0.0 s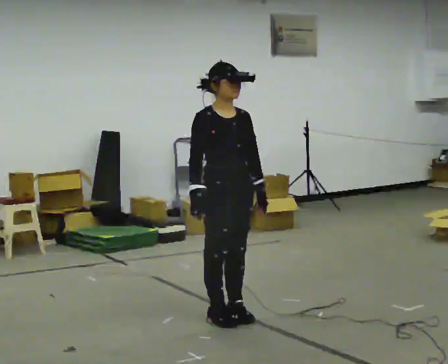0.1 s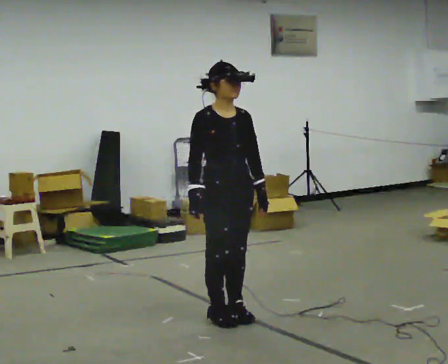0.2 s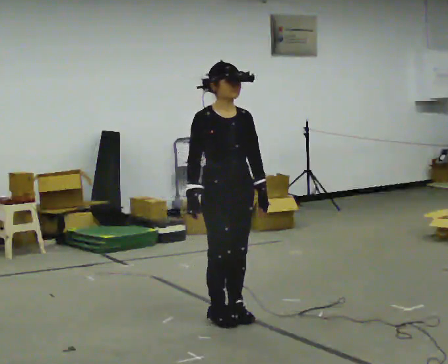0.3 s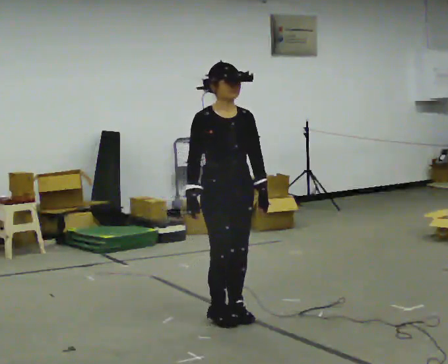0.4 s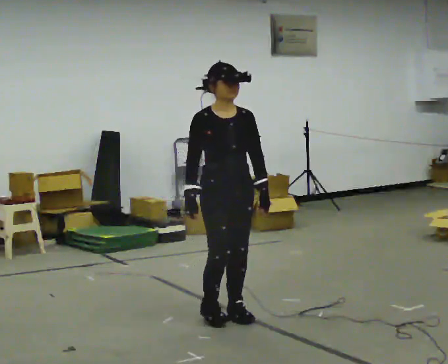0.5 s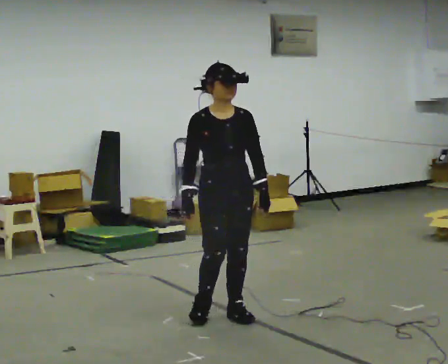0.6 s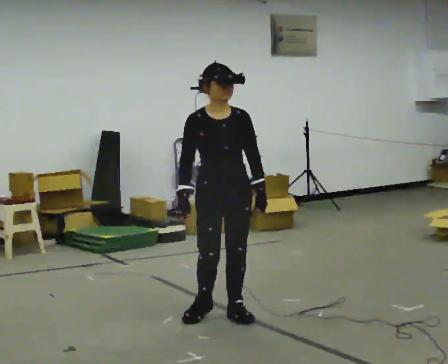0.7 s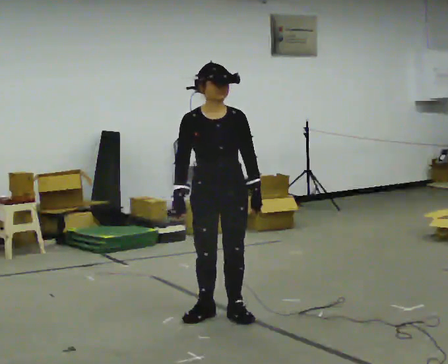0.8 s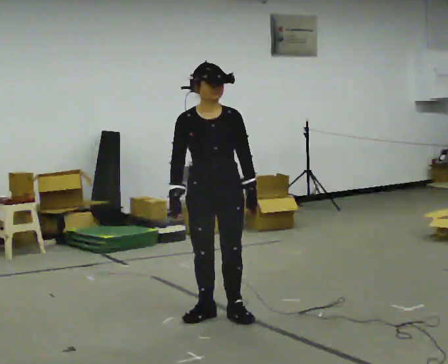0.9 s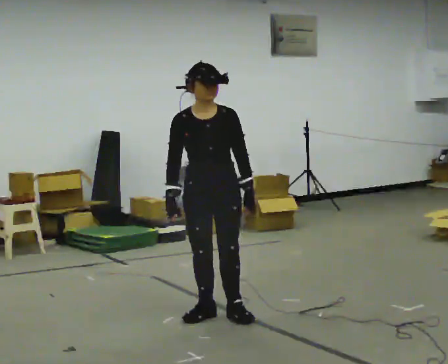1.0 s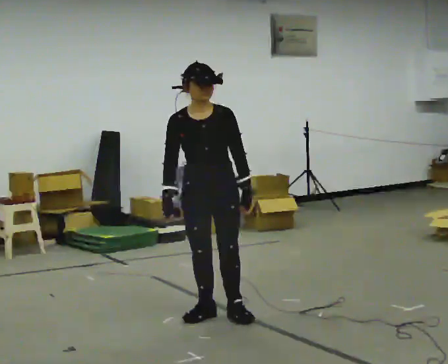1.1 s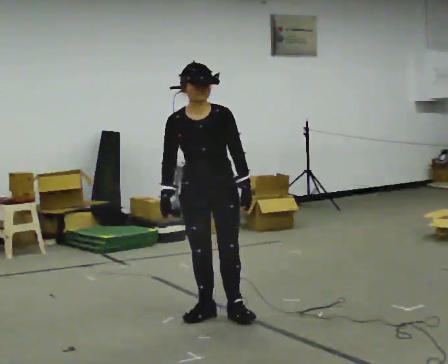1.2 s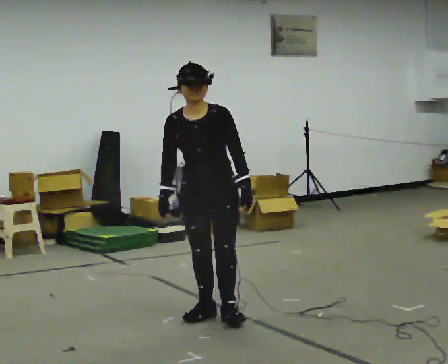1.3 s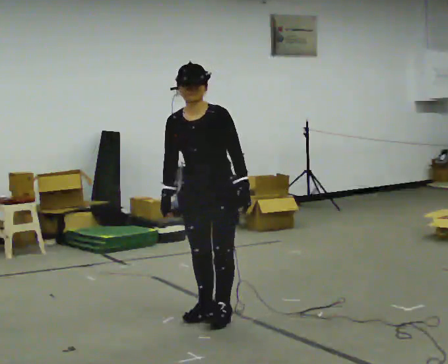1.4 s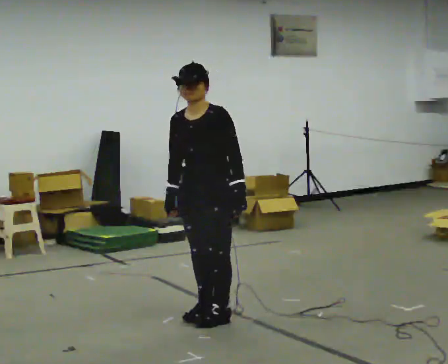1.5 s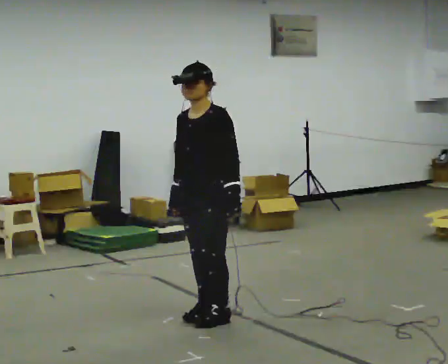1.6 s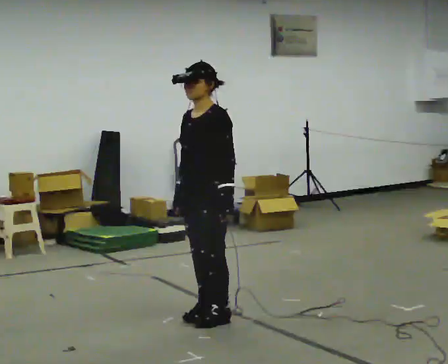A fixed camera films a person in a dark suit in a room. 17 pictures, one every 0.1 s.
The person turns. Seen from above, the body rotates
clockwise.
The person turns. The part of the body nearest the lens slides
to the left.
0.0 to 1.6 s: The person turns about 90 degrees to their right, clockwise seen from above, so the part of the body nearest the lens slides to the left.
The film runs backward here.
